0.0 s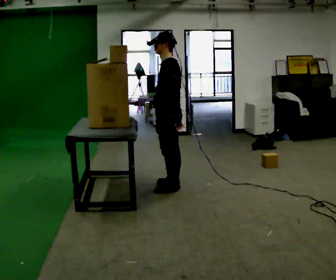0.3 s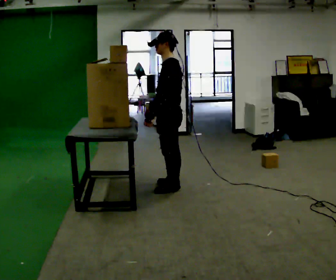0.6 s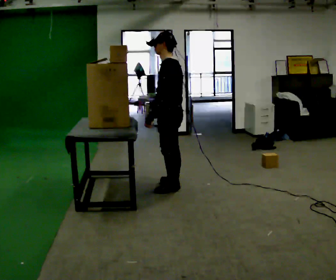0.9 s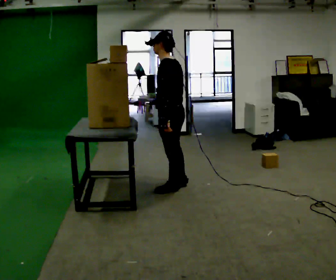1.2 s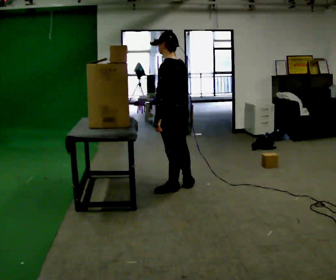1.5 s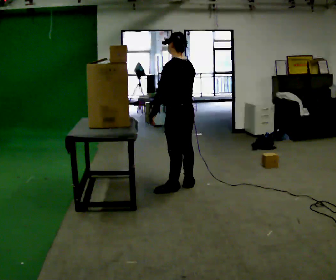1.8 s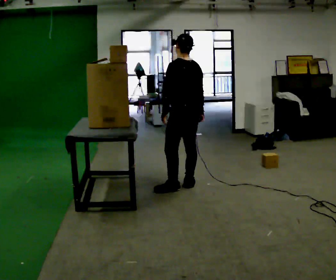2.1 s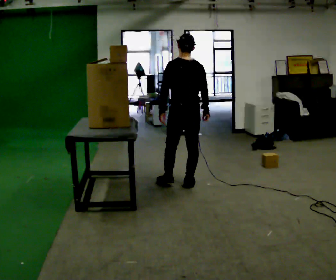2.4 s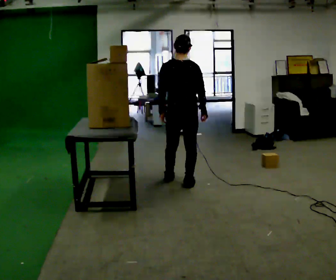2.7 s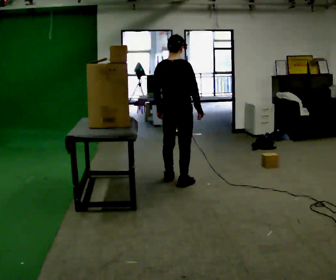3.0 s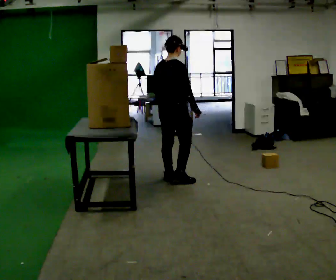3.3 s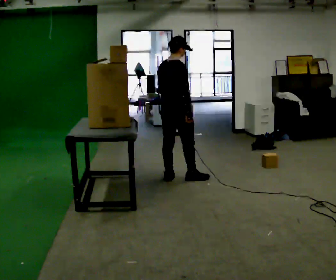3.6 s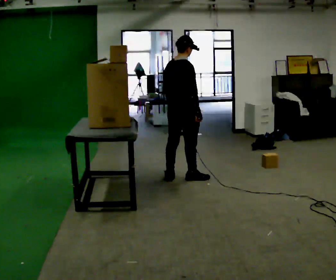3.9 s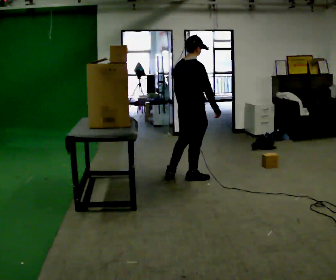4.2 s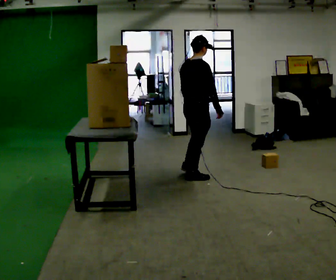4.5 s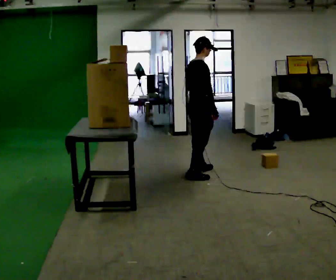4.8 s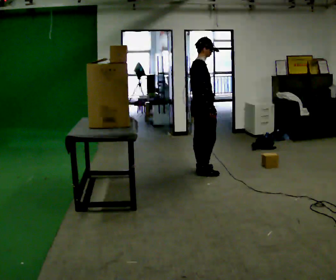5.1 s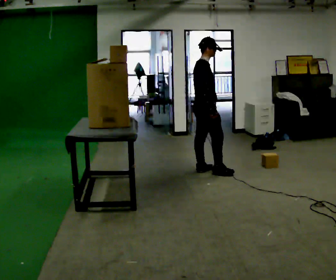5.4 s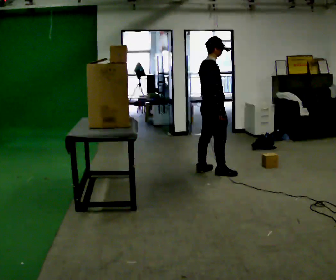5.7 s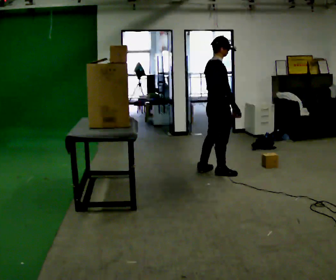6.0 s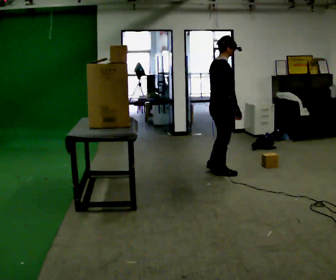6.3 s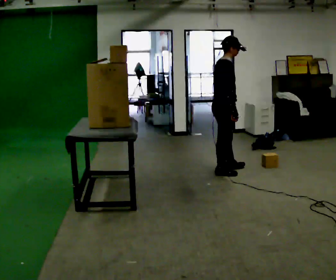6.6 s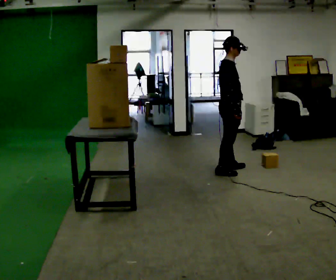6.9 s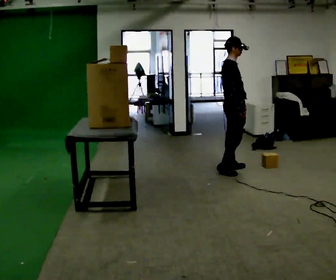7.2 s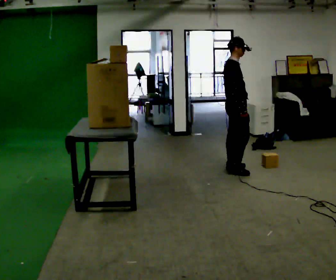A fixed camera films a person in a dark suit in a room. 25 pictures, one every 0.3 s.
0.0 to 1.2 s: The part of the body nearest the lens slides to the left as the person turns to their right by about 30 degrees.
1.2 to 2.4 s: Seen from above the body turns clockwise, about 60 degrees: to their right, with its near side sliding to the left. In the picture they go away from the camera, about 0.25 m in 1 step, which for them is to their right. In the picture their right hand goes to the right.
2.4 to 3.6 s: Seen from above the body turns clockwise, about 45 degrees: to their right, with its near side sliding to the left. In the picture they go away from the camera, about 0.25 m in 1 step, which for them is to their left and forward.
3.6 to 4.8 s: The part of the body nearest the lens slides to the left as the person turns to their right by about 45 degrees. In the picture they go away from the camera and to the right, about 0.25 m in 1 step, which for them is forward.
4.8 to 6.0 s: In the picture they go to the right, about 0.25 m in 1 step, which for them is forward and to their right.
6.0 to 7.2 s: The person turns about 30 degrees to their right, clockwise seen from above, so the part of the body nearest the lens slides to the left. In the picture they go to the right and away from the camera, about 0.25 m in 1 step, which for them is forward and to their left.
The film runs forward here.
